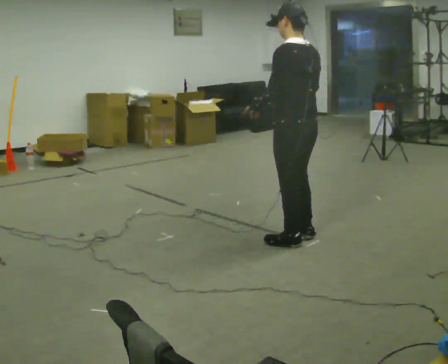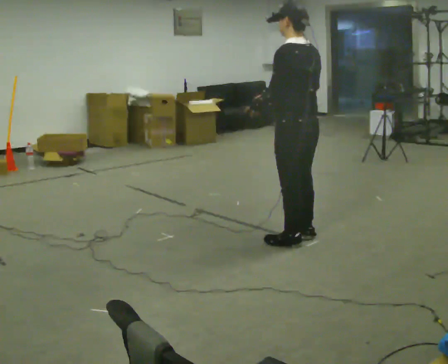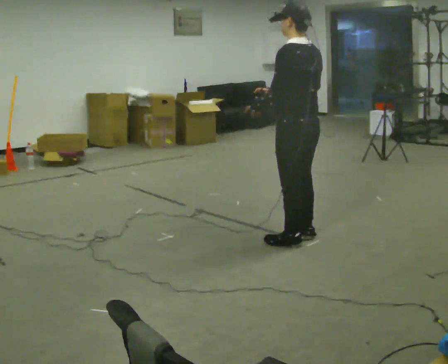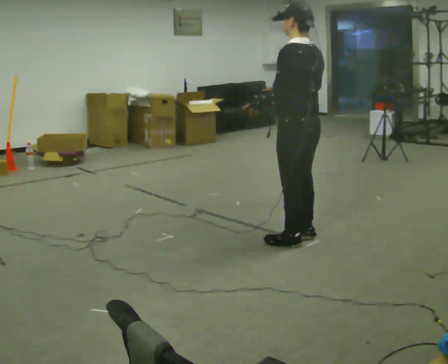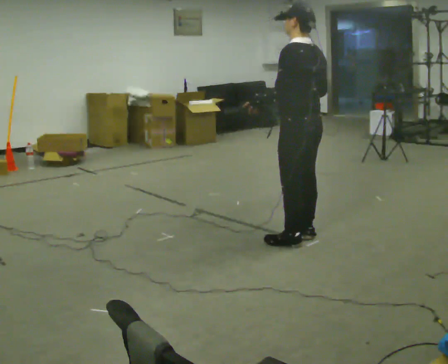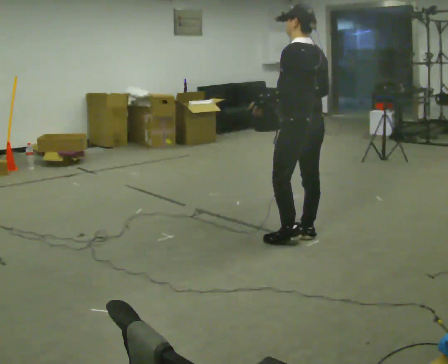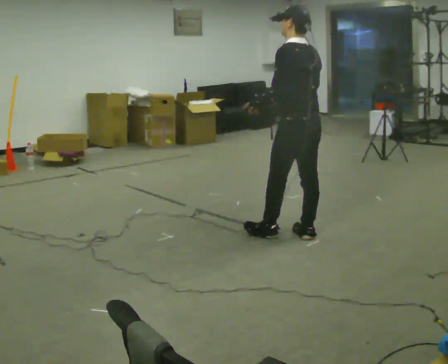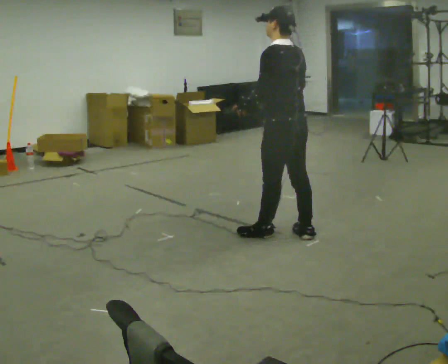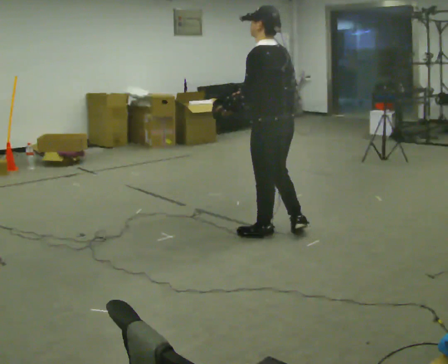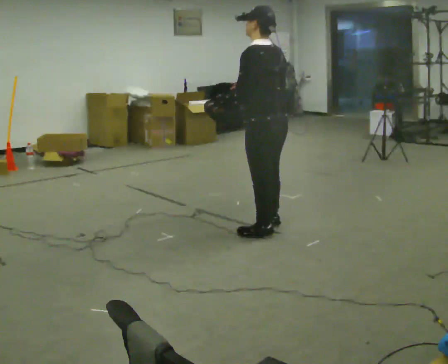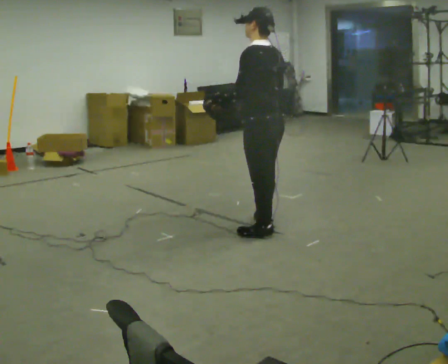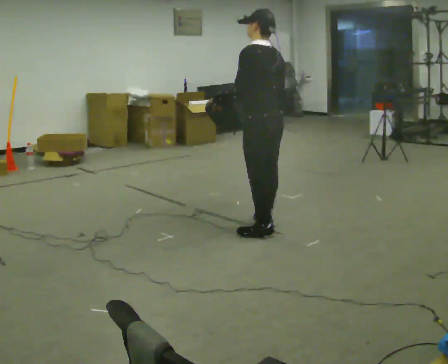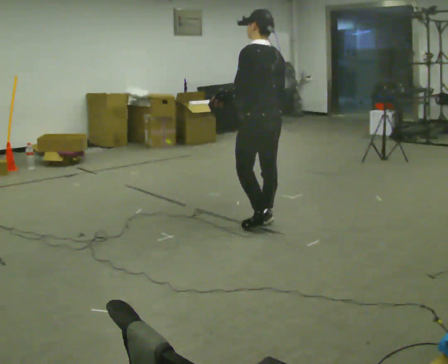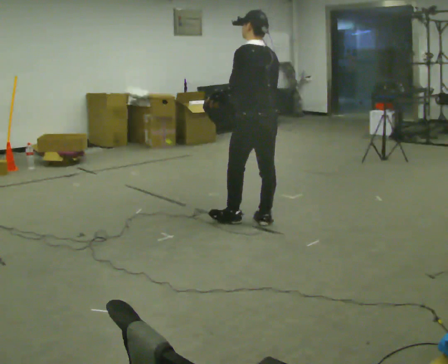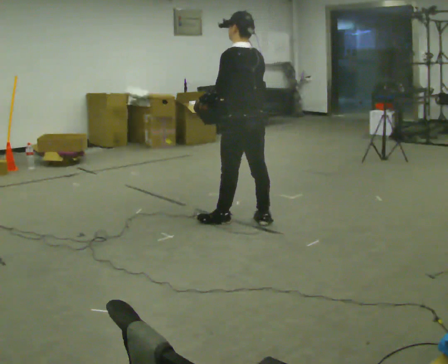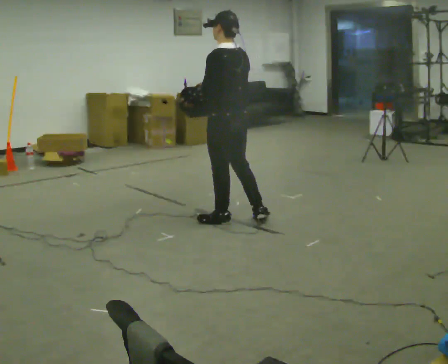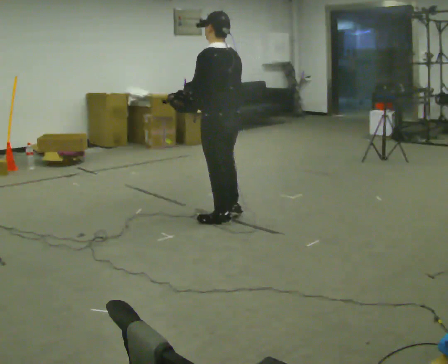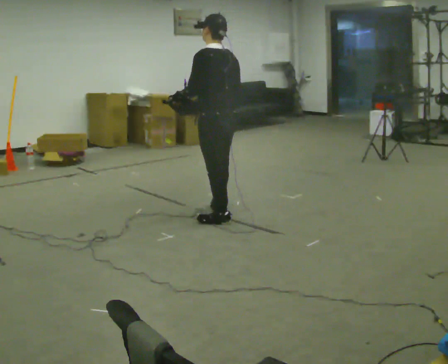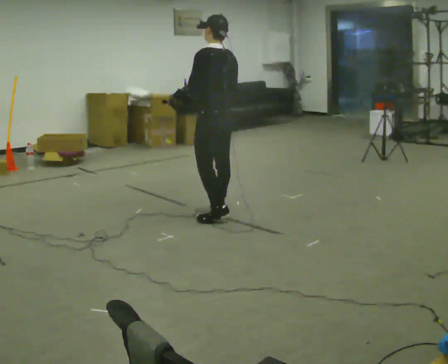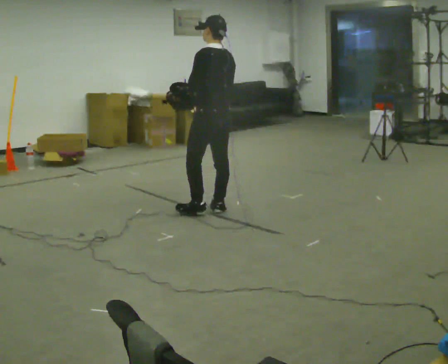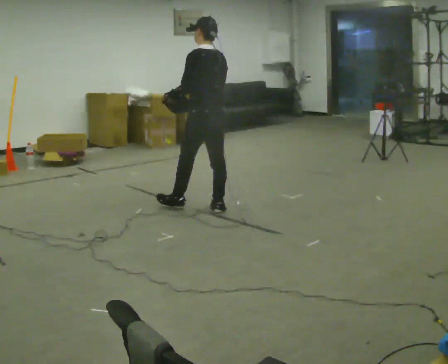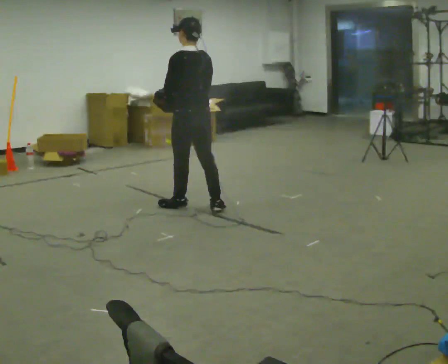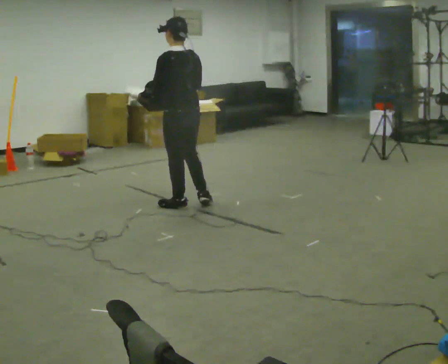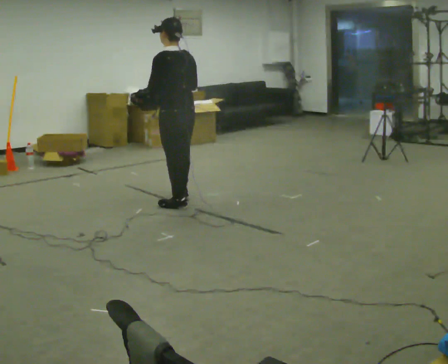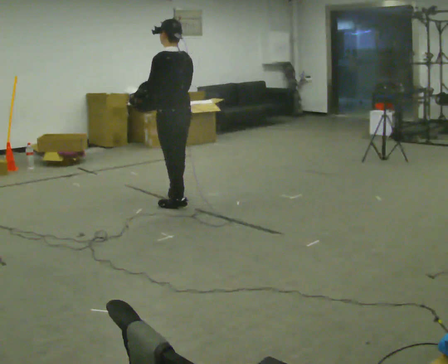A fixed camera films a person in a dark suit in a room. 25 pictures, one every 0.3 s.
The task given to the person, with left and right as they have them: Carry the lidded box and, while you are still walking, open the lid, then close it again. Repeat as you walk back and forth. Do not stop to do it.
0.0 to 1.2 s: The person moves a little, or ends about where they began.
1.2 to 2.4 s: In the picture they go to the left, about 0.25 m in 1 step, which for them is forward. In the picture their right hand goes to the left.
2.4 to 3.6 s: In the picture they go away from the camera, about 0.25 m in 1 step, which for them is forward and to their right.
3.6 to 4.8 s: In the picture they go to the left, about 0.25 m in 1 step, which for them is forward and to their left.
4.8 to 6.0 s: In the picture they go away from the camera and to the left, about 0.25 m in 2 steps, which for them is forward and to their right.
6.0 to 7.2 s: In the picture they go to the left, about 0.25 m in 1 step, which for them is forward.
The film runs forward here.
